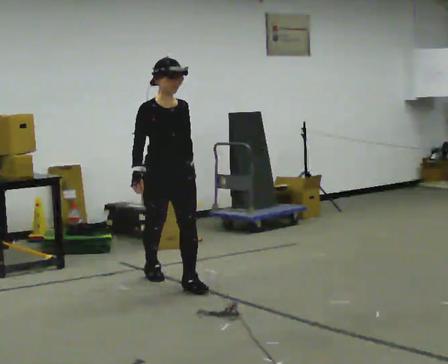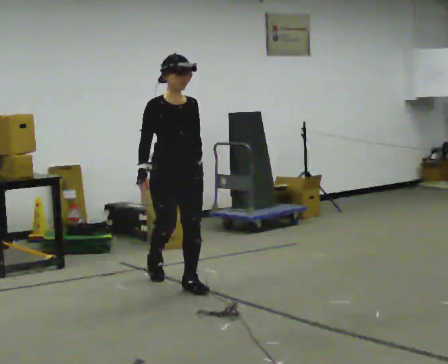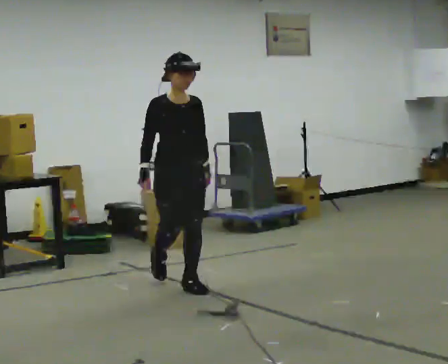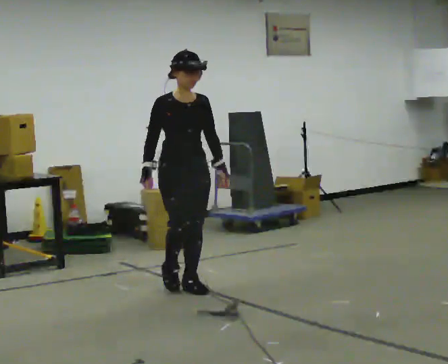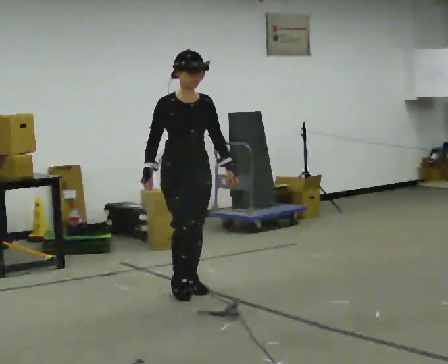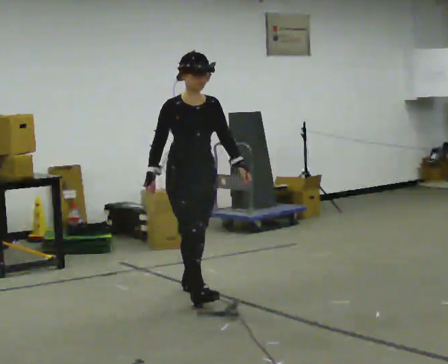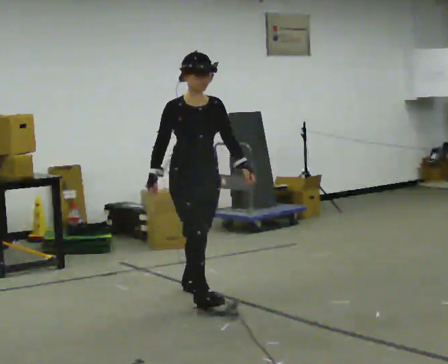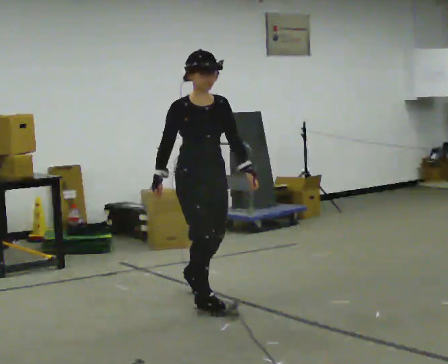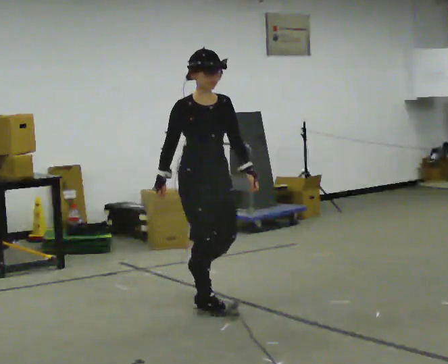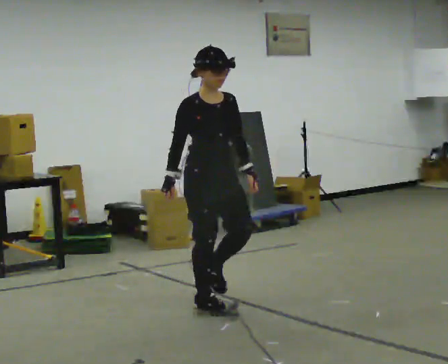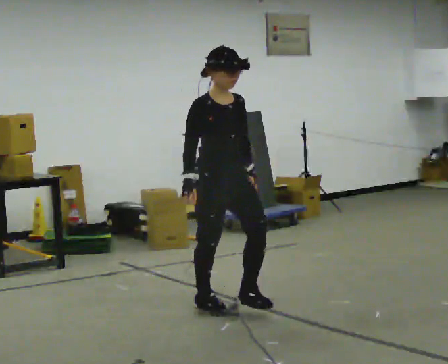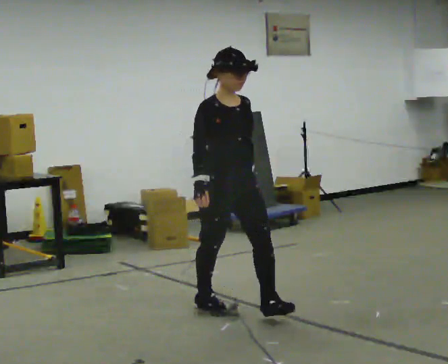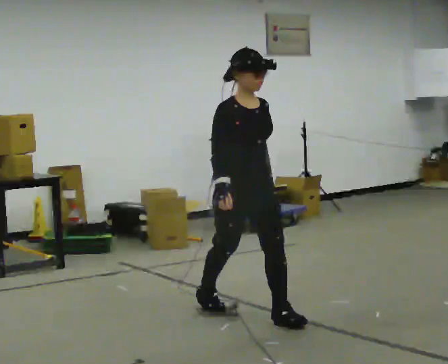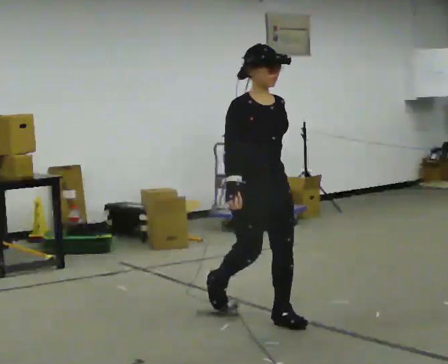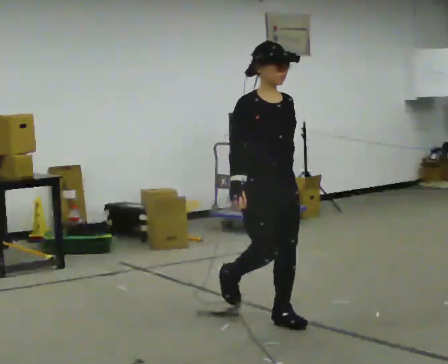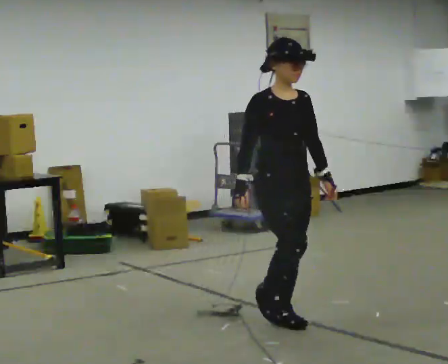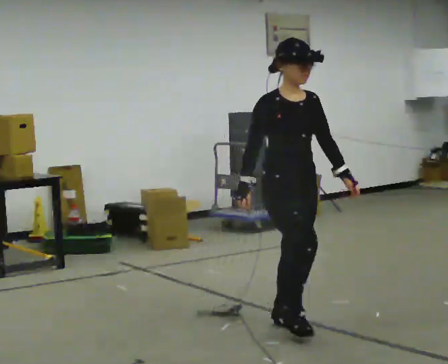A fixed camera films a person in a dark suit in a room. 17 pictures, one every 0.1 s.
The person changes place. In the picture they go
toward the camera.
0.0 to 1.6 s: In the picture they go toward the camera and to the right, about 1.5 m in 2 steps, which for them is forward.
The film runs forward here.
